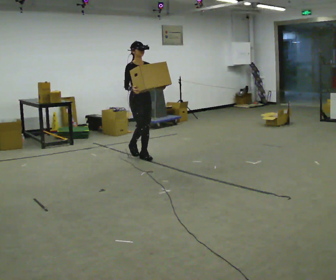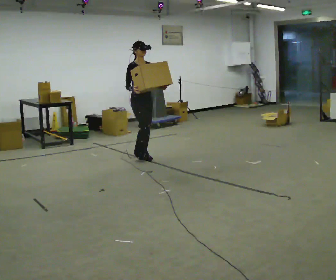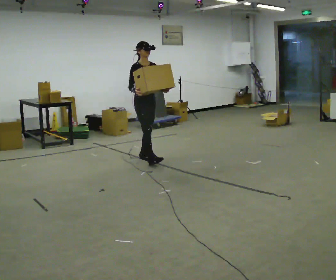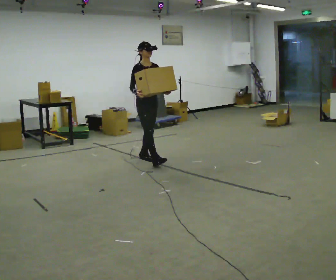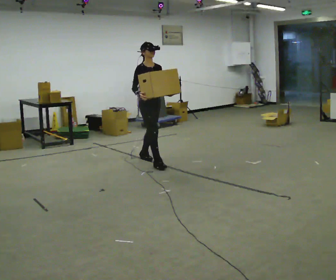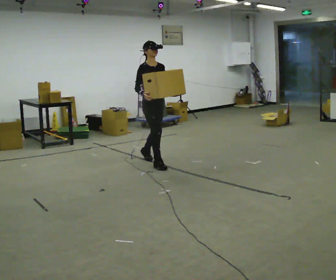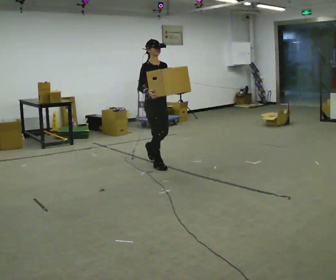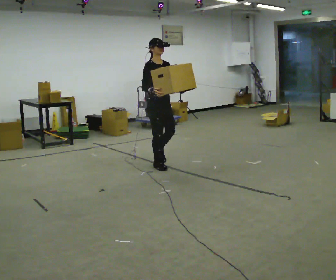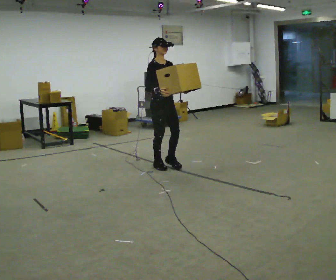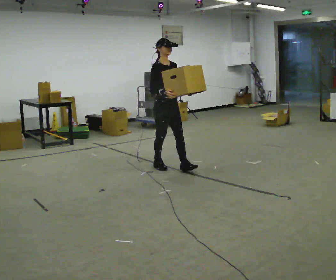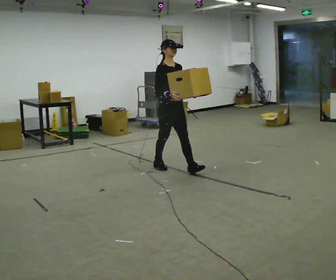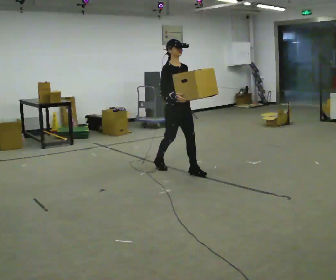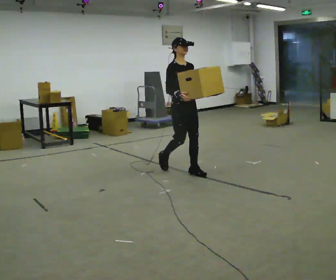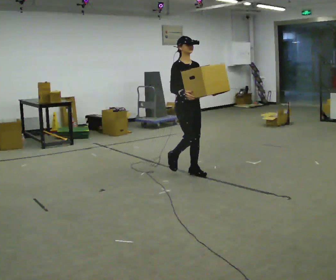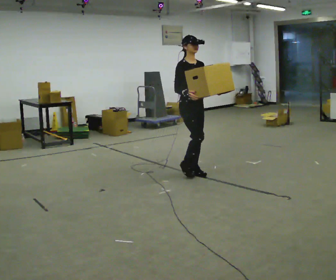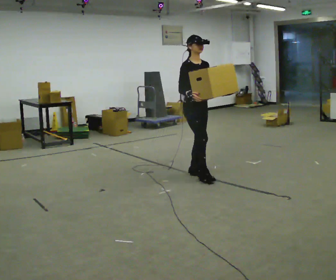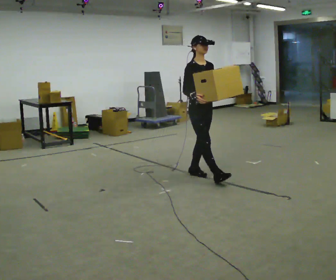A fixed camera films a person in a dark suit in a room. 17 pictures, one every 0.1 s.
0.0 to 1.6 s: In the picture they go toward the camera and to the right, about 1 m in 2 steps, which for them is forward.
The film runs forward here.
